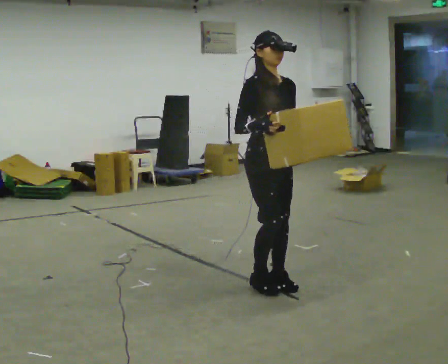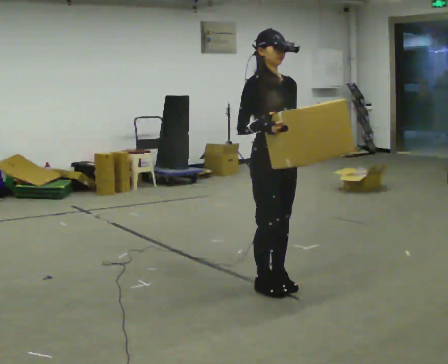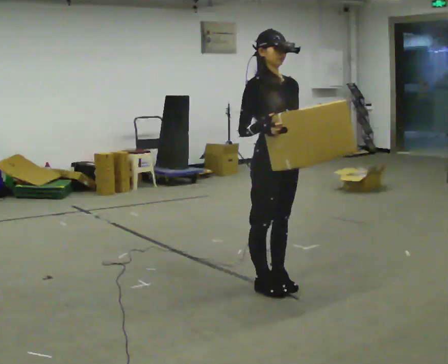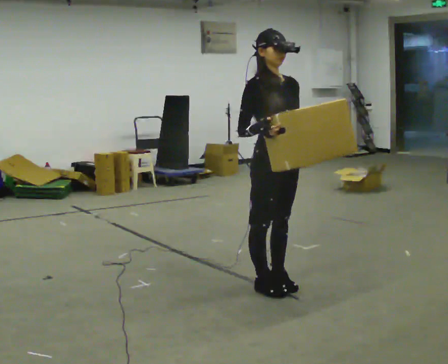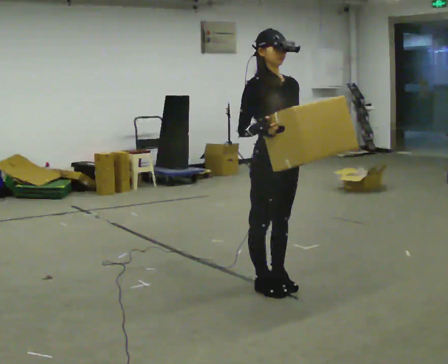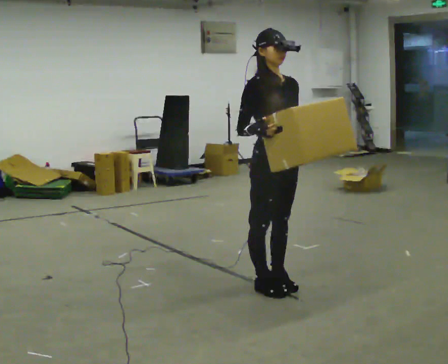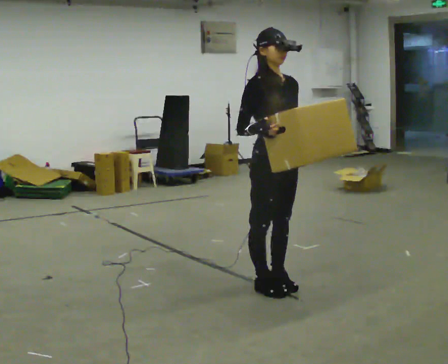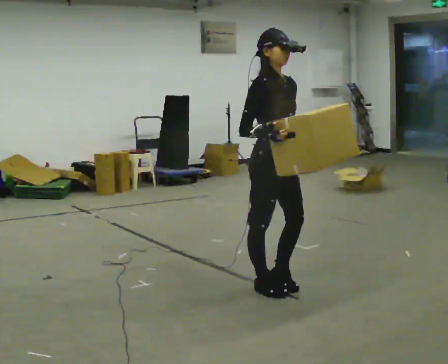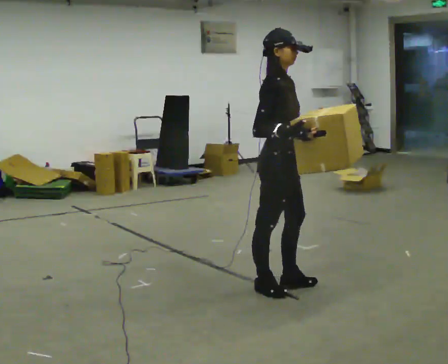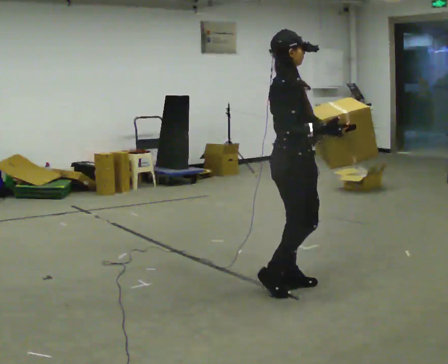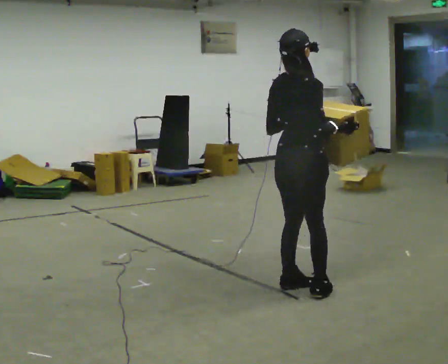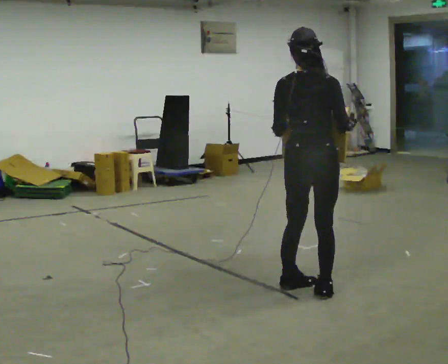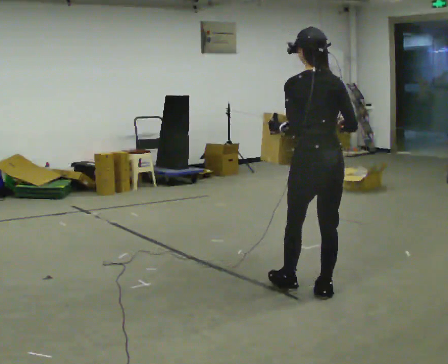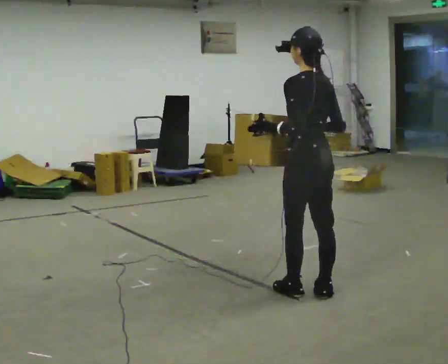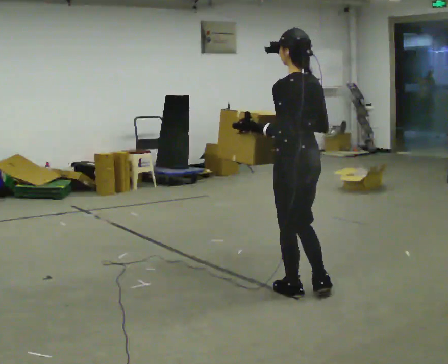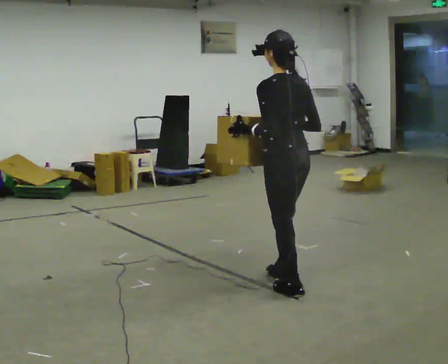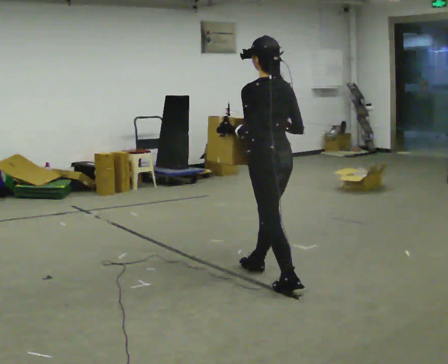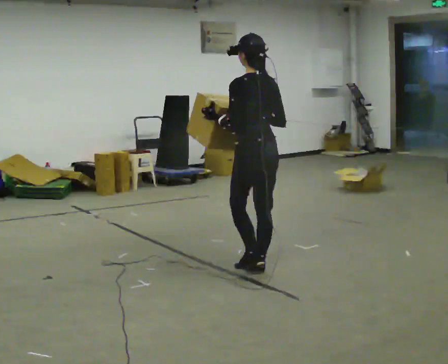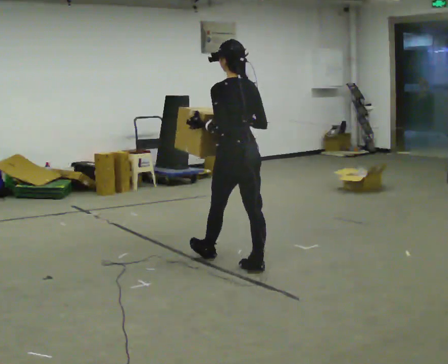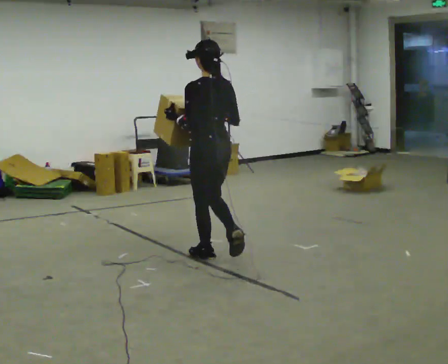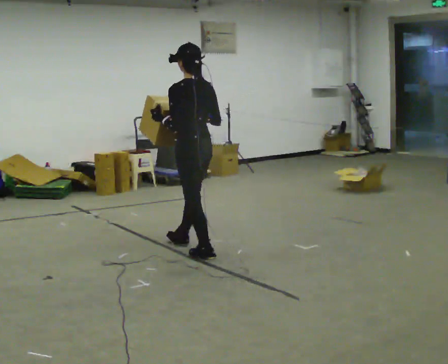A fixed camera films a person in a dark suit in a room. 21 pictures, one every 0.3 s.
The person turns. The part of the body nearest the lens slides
to the right.
The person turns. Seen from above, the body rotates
counterclockwise.
0.0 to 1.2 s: The person moves a little, or ends about where they began.
1.2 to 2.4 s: The person turns about 45 degrees to their left, counterclockwise seen from above, so the part of the body nearest the lens slides to the right.
2.4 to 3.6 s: The part of the body nearest the lens slides to the right as the person turns to their left by about 135 degrees. In the picture they go to the right, about 0.25 m in 1 step.
3.6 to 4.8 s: In the picture they go to the left and away from the camera, about 0.5 m in 2 steps, which for them is forward.
4.8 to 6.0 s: In the picture they go to the left and away from the camera, about 1 m in 1 step, which for them is forward.
The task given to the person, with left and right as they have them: Carry the box across the room as briskly as you comfortably can, back and forth. Do not run.
The film runs forward here.
